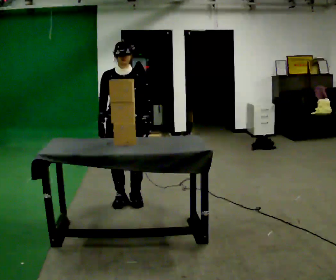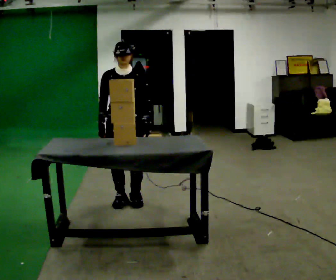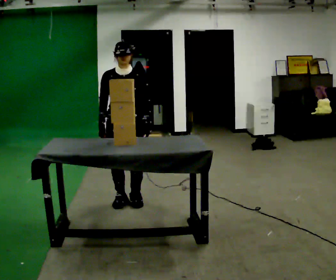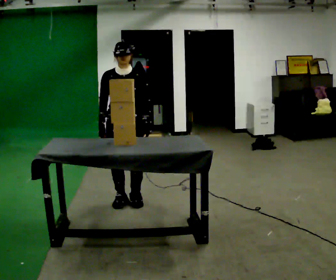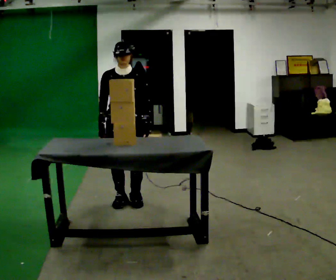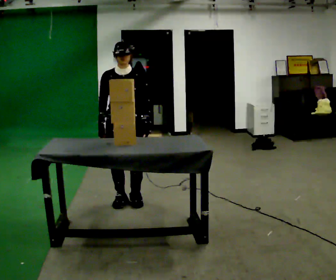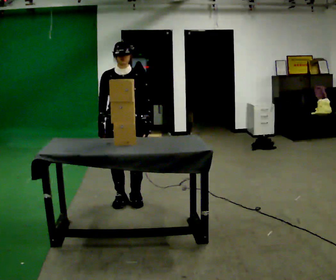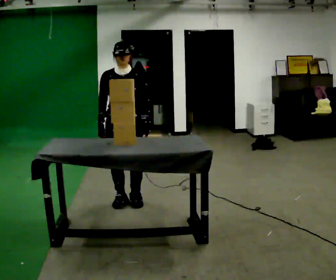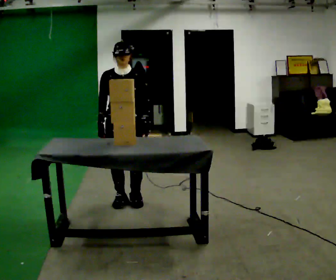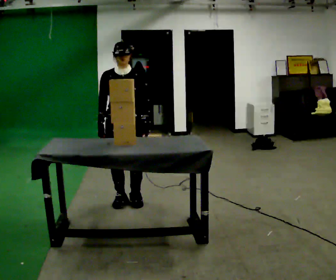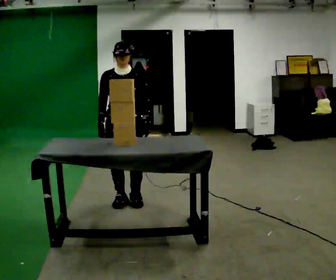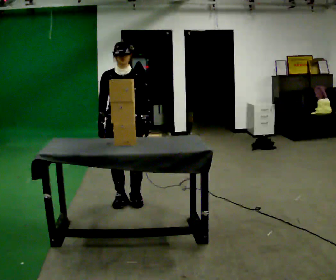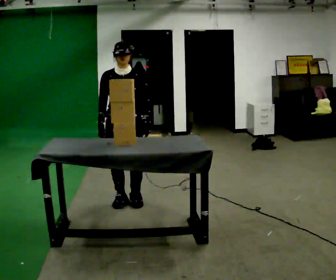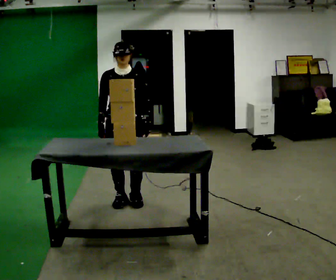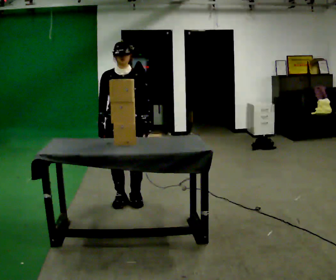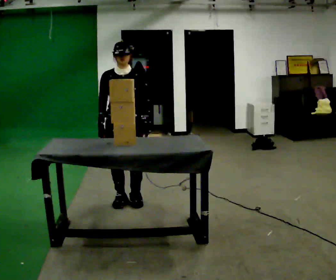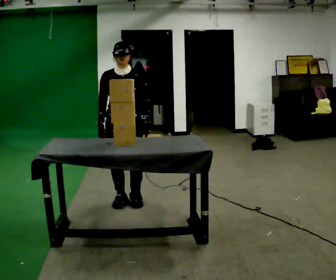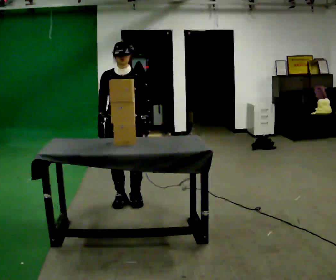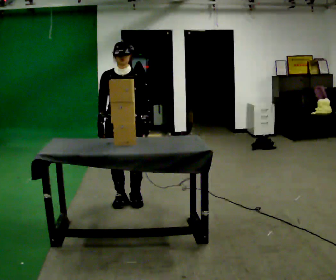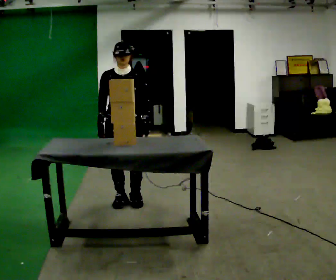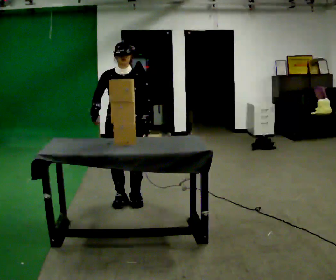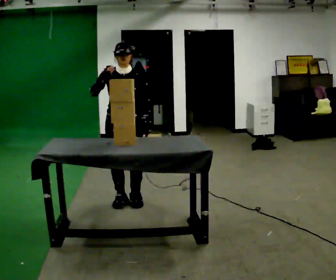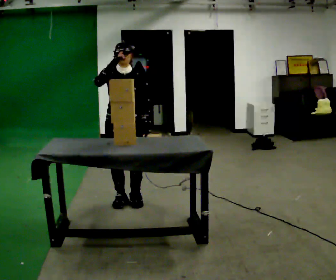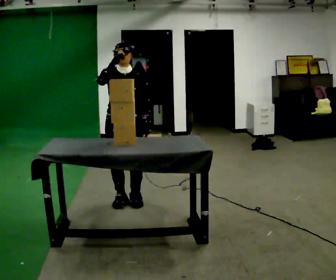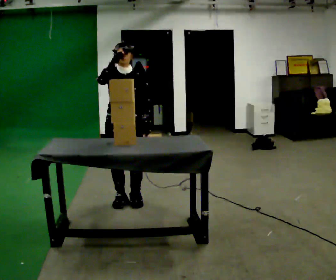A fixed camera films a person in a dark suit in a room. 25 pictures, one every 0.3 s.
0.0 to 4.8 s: The person keeps their place and pose.
4.8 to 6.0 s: The person moves a little, or ends about where they began.
6.0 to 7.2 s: In the picture their right hand goes upward.
The film runs forward here.
